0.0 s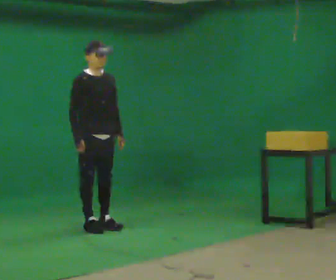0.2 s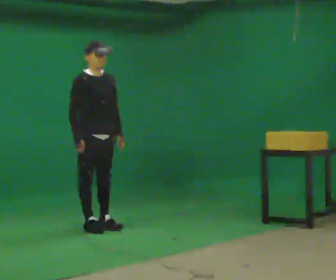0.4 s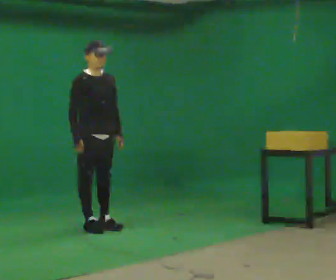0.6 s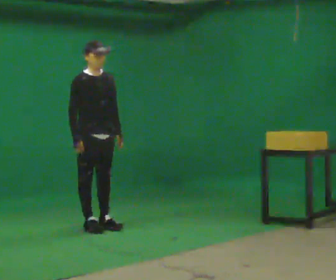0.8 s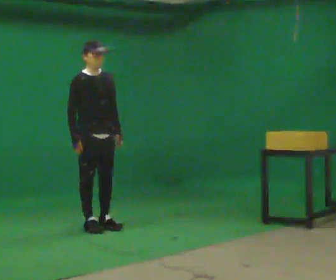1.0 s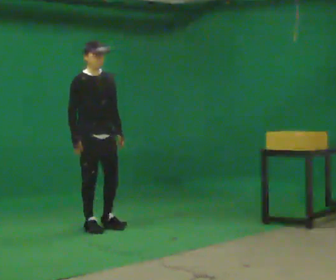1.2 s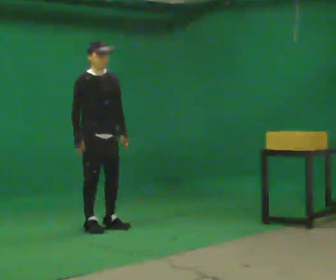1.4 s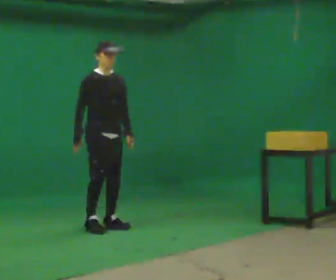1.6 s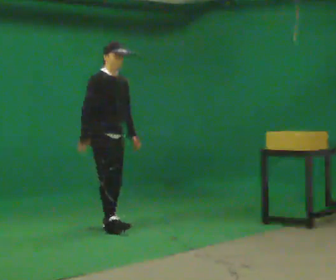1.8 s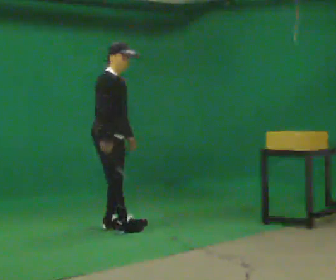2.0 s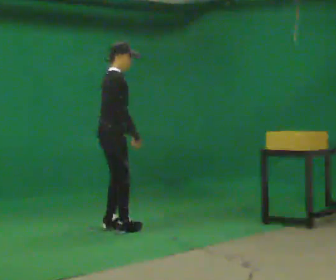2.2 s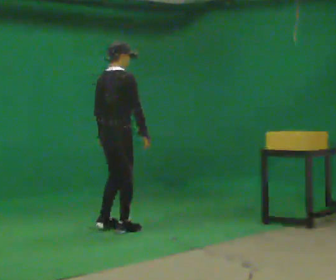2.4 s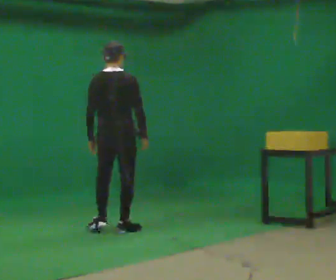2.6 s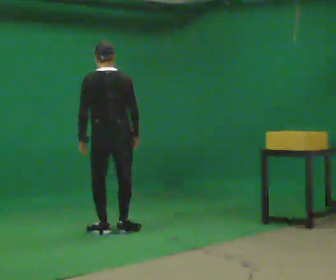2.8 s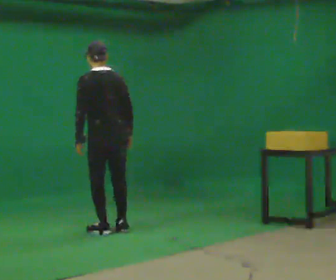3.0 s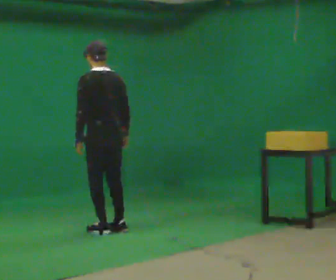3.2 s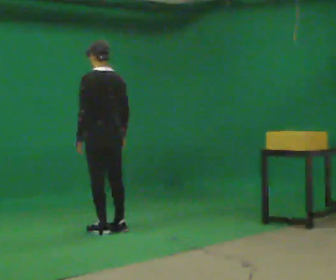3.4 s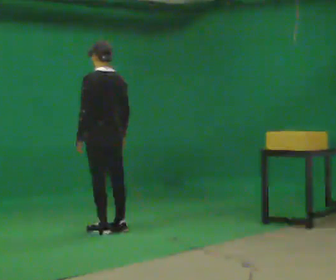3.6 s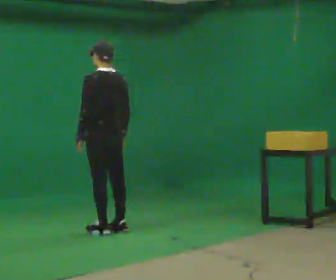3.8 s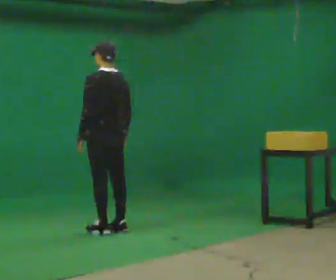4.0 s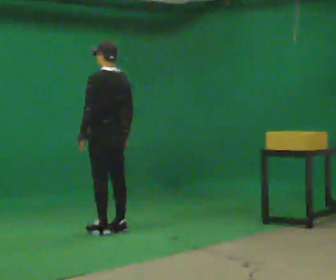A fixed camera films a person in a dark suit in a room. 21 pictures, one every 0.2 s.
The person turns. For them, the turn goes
to their left.
The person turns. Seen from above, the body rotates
counterclockwise.
0.0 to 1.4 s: The person moves a little, or ends about where they began.
1.4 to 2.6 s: The part of the body nearest the lens slides to the right as the person turns to their left by about 135 degrees. In the picture they go to the right, about 0.25 m in 2 steps. In the picture their left hand goes to the left, the arm swinging clockwise.
2.6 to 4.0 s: The part of the body nearest the lens slides to the right as the person turns to their left by about 45 degrees.
The film runs backward here.
